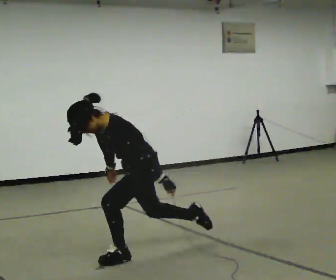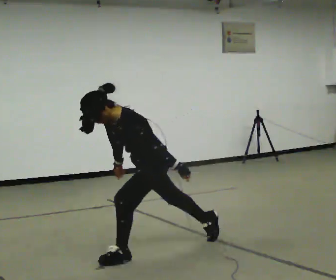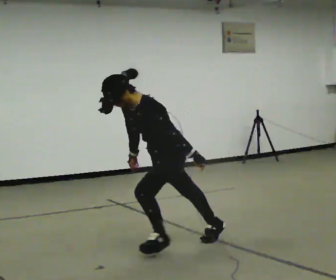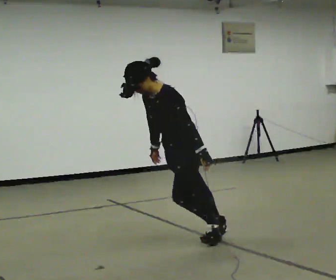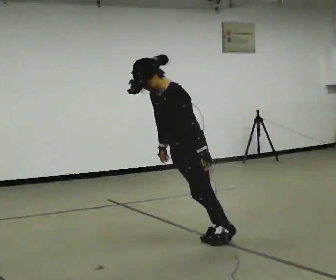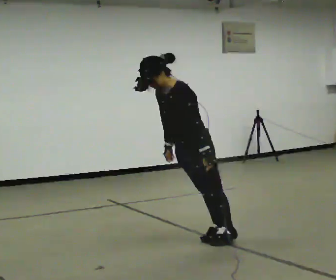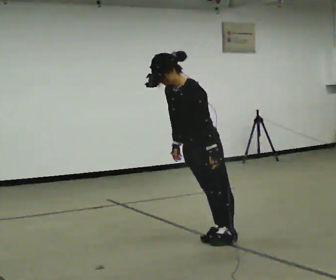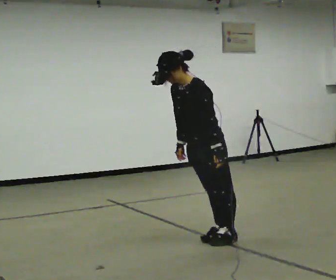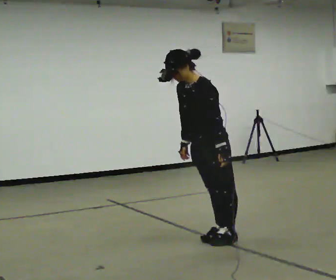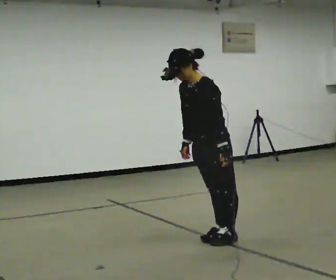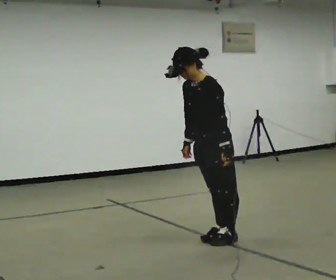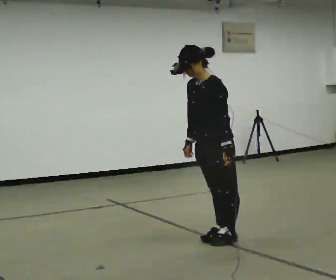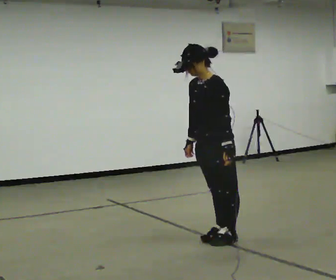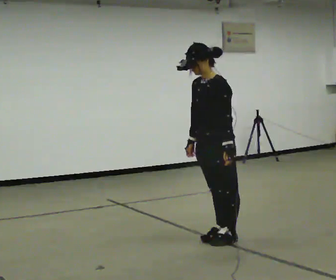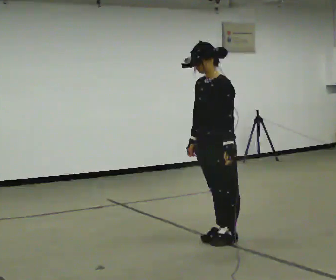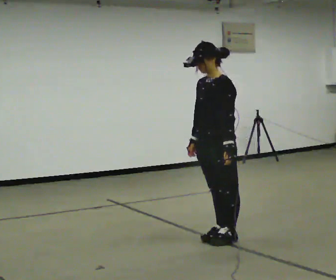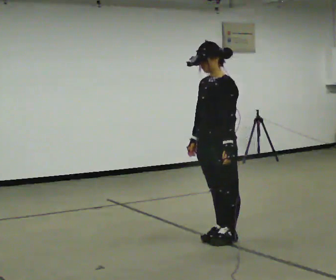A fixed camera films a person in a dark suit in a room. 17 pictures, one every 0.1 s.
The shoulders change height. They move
upward.
0.0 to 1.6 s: In the picture they go to the right and away from the camera, about 0.75 m in 1 step, which for them is backward. The shoulders move upward. In the picture the upper body tilts clockwise, shoulders to the right, as they lean back or straighten.
The film runs backward here.
